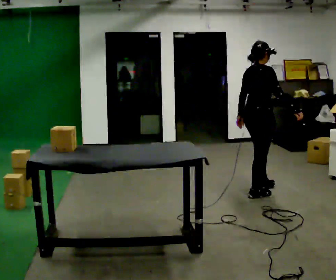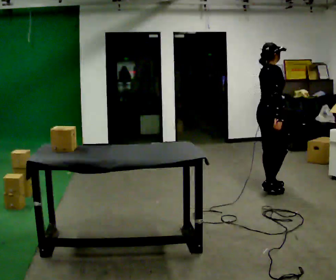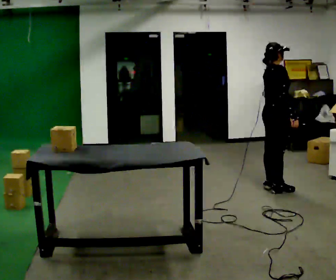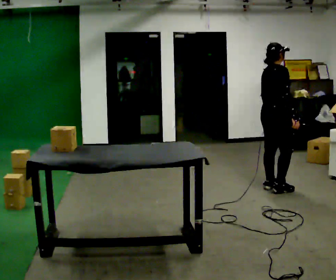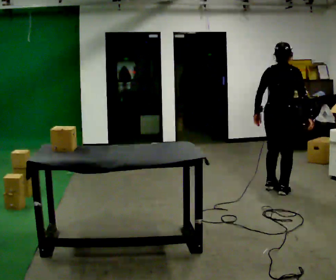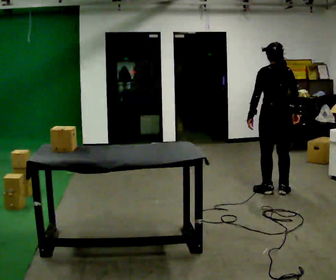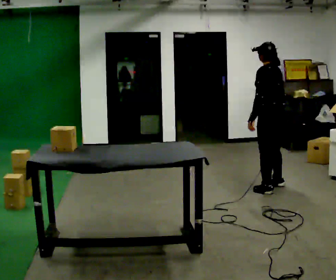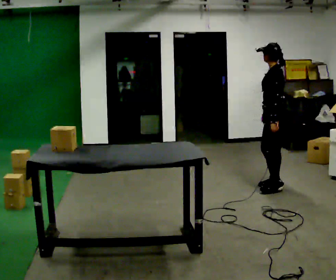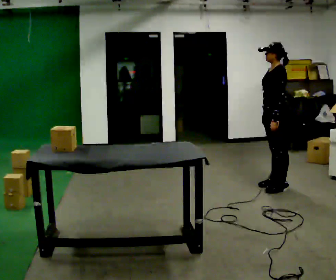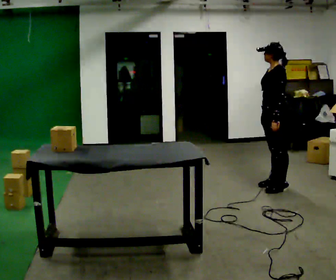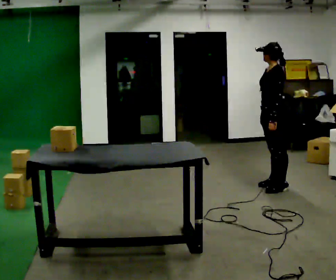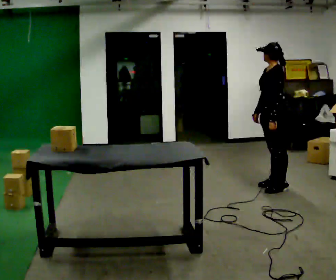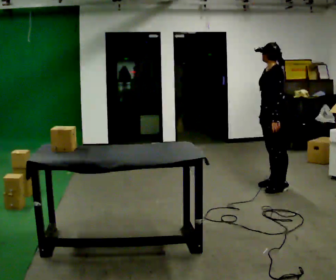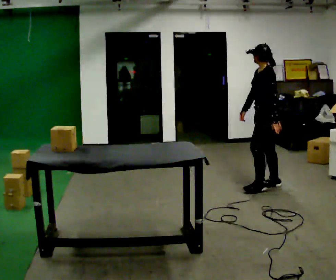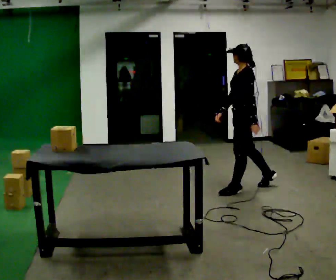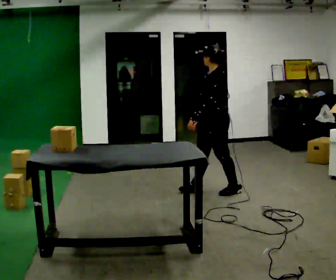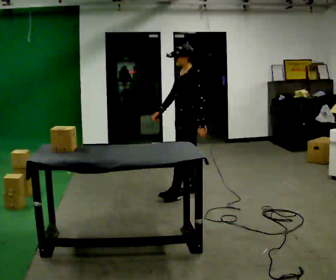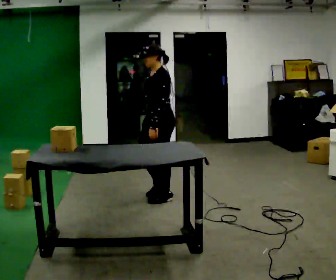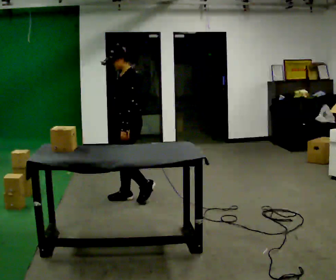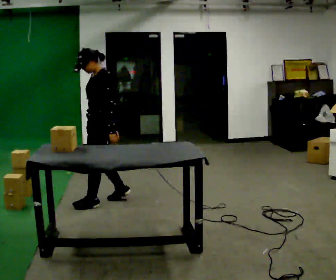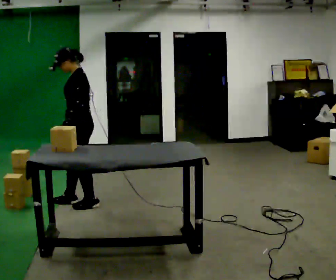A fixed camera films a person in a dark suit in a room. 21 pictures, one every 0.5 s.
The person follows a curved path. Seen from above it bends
counterclockwise.
0.0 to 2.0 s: Seen from above the body turns counterclockwise, about 30 degrees: to their left, with its near side sliding to the right. In the picture they go to the right, about 0.25 m in 2 steps, which for them is forward.
2.0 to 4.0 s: The person turns about 120 degrees to their left, counterclockwise seen from above, so the part of the body nearest the lens slides to the right. In the picture they go away from the camera, about 0.25 m in 3 steps.
4.0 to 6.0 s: The person moves a little, or ends about where they began.
6.0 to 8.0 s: In the picture they go to the left and toward the camera, about 1 m in 2 steps, which for them is forward.
8.0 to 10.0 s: In the picture they go to the left and toward the camera, about 1 m in 4 steps, which for them is forward.
The film runs forward here.
